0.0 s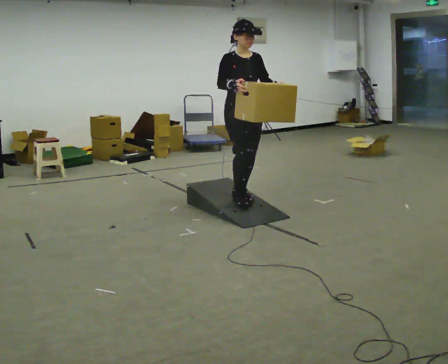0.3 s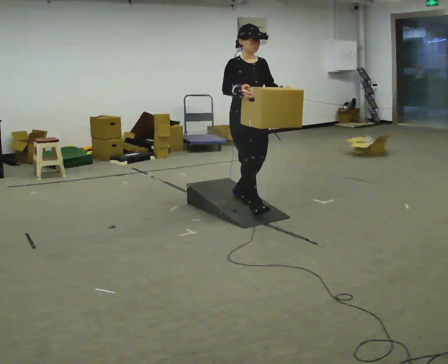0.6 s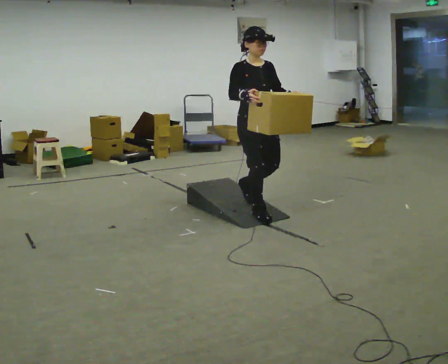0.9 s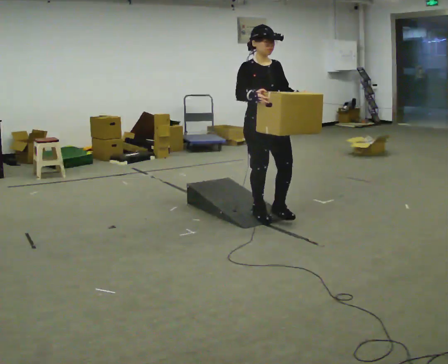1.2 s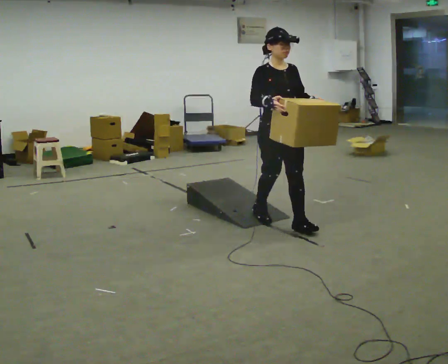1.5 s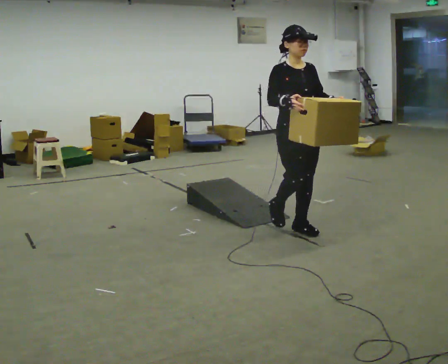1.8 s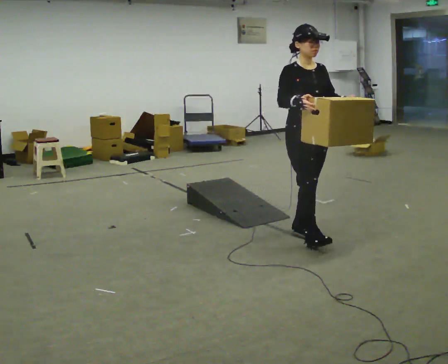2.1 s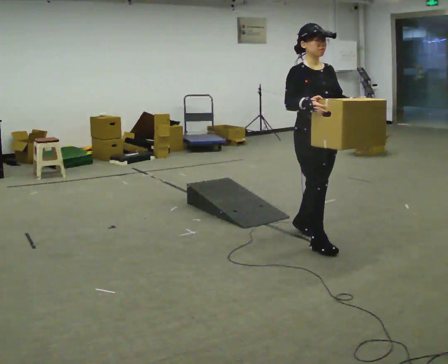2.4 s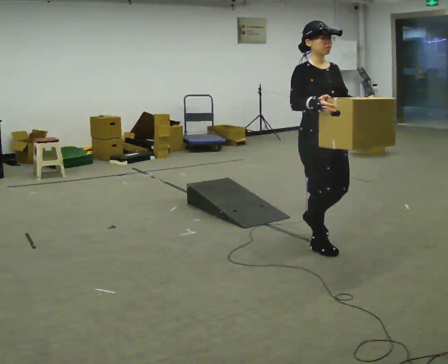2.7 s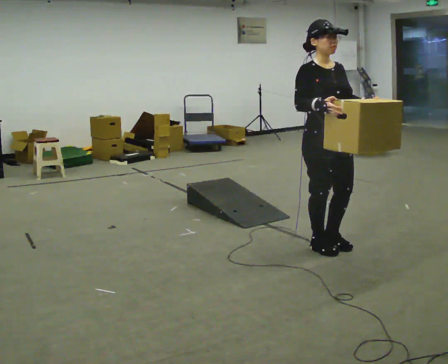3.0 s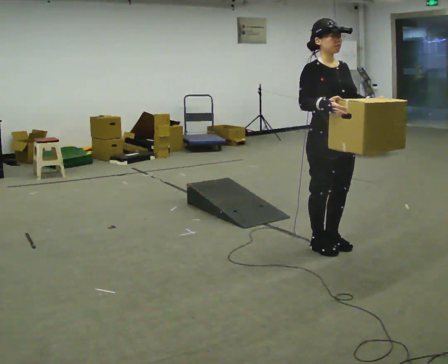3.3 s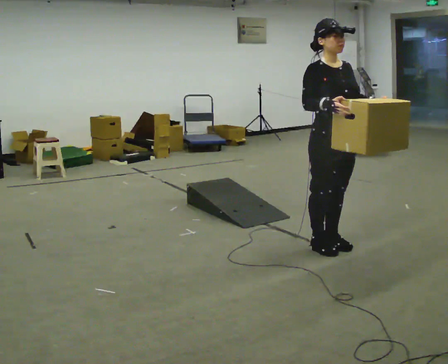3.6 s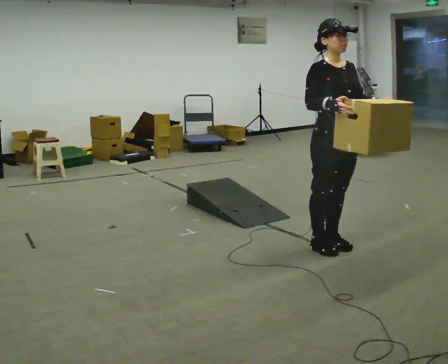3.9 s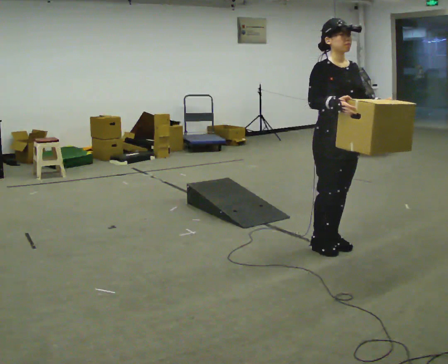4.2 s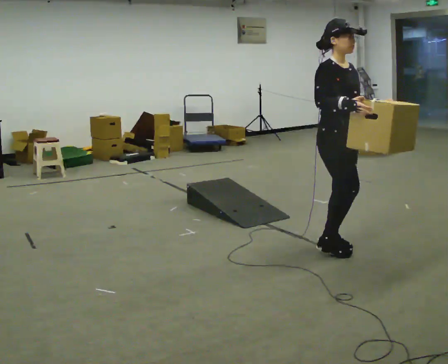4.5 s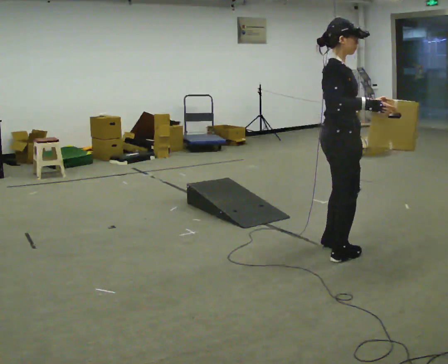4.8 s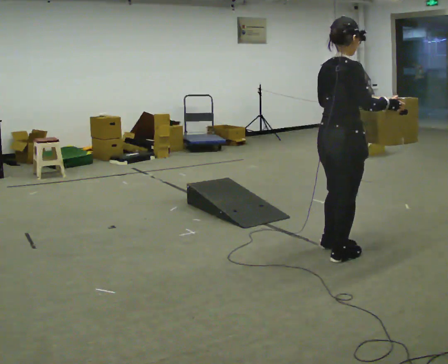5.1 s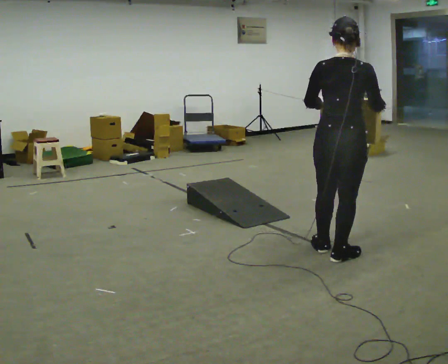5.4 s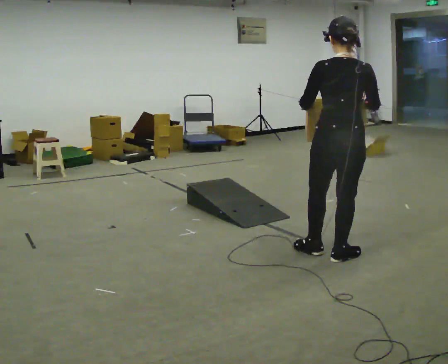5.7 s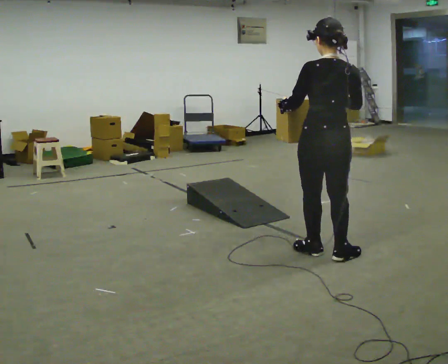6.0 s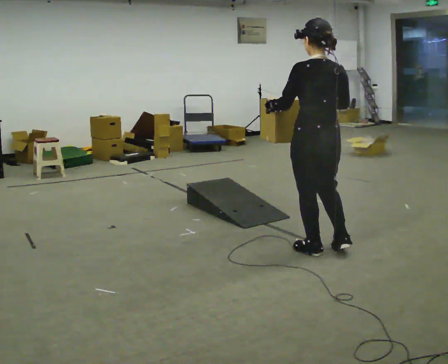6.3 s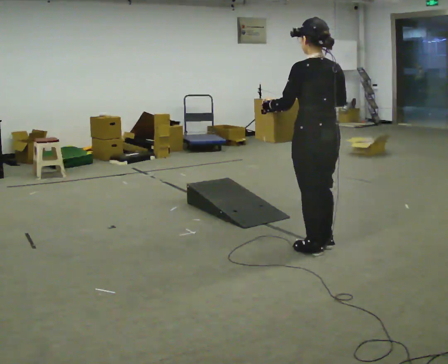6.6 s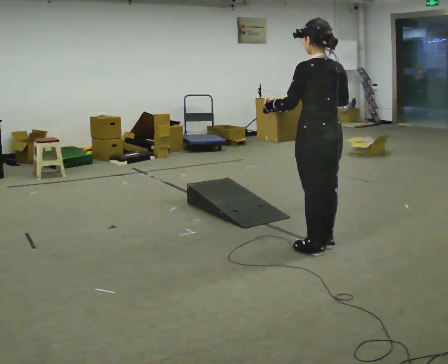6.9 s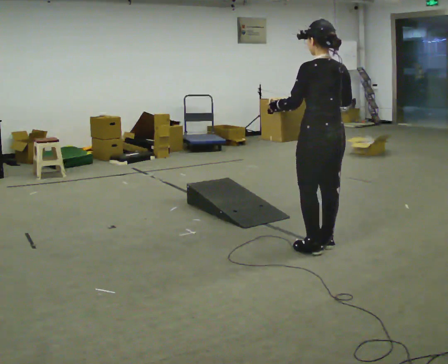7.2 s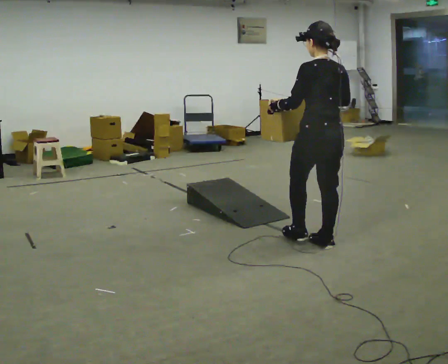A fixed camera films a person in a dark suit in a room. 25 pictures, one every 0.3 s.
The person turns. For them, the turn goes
to their left.
The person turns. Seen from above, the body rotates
counterclockwise.
0.0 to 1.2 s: In the picture they go toward the camera and to the right, about 0.5 m in 2 steps, which for them is forward.
1.2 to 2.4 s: In the picture they go toward the camera and to the right, about 0.5 m in 1 step, which for them is forward.
2.4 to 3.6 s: The person moves a little, or ends about where they began.
3.6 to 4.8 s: Seen from above the body turns counterclockwise, about 90 degrees: to their left, with its near side sliding to the right. In the picture they go toward the camera, about 0.25 m in 1 step.
4.8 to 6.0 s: Seen from above the body turns counterclockwise, about 75 degrees: to their left, with its near side sliding to the right. In the picture their left hand goes to the left.
6.0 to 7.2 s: In the picture they go away from the camera, about 0.25 m in 1 step, which for them is to their right and forward.
The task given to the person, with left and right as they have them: Carry the box up the ramp, turn at the top, and carry it back down. Keep going until the operator says stop; one object at a time, and do not rush between trips.
The film runs forward here.
